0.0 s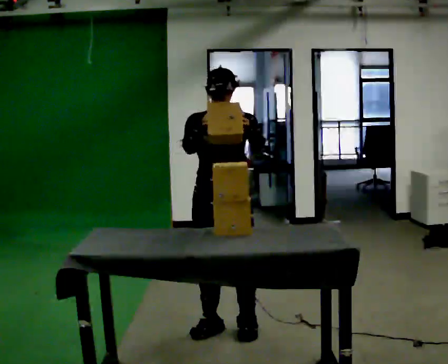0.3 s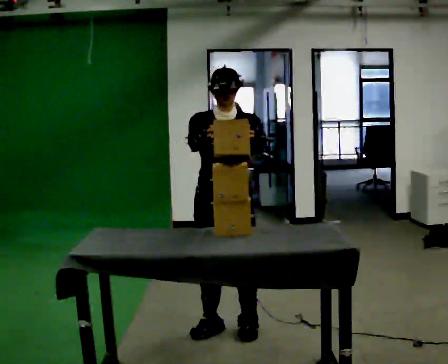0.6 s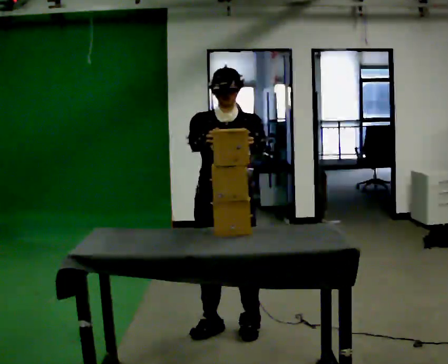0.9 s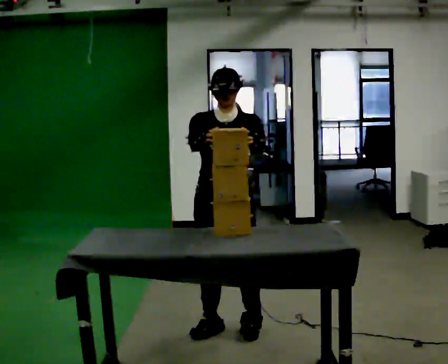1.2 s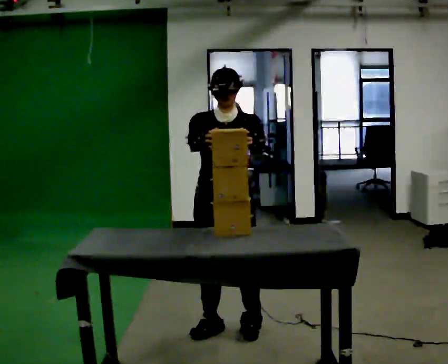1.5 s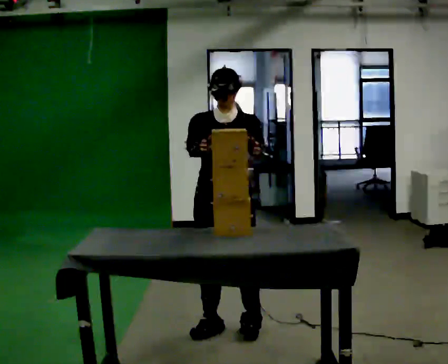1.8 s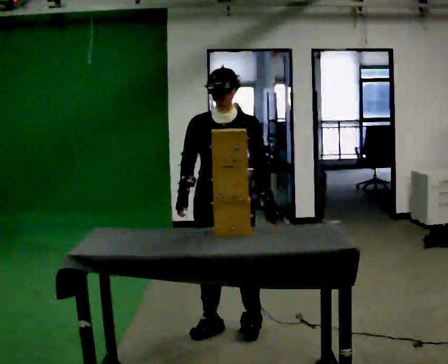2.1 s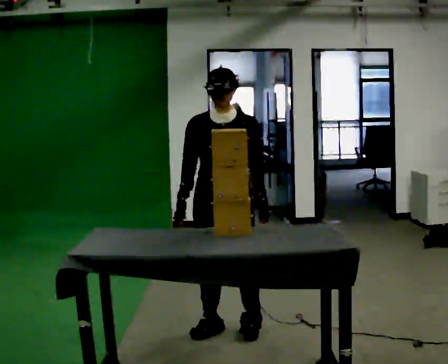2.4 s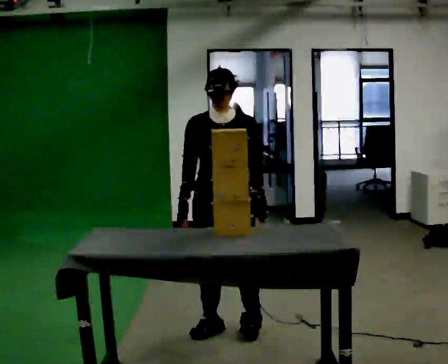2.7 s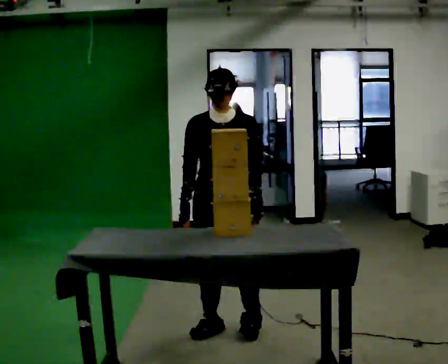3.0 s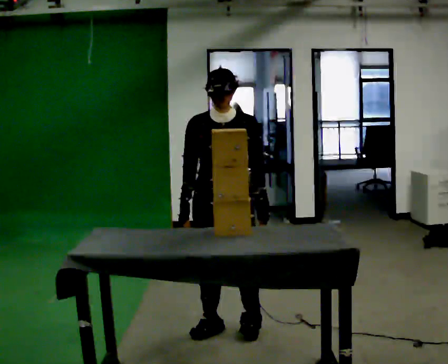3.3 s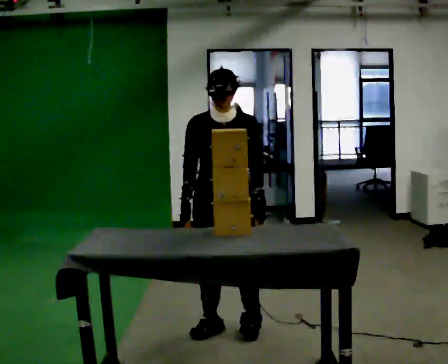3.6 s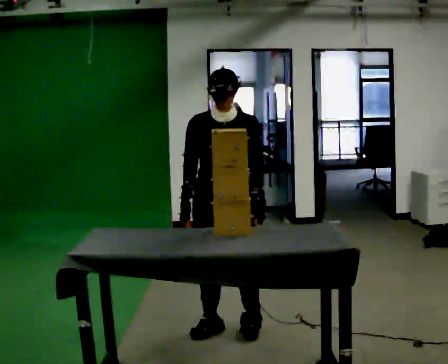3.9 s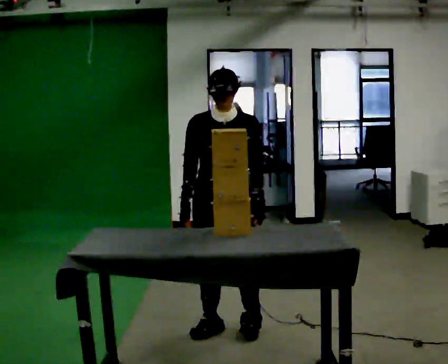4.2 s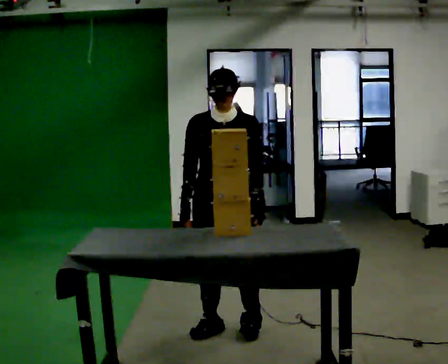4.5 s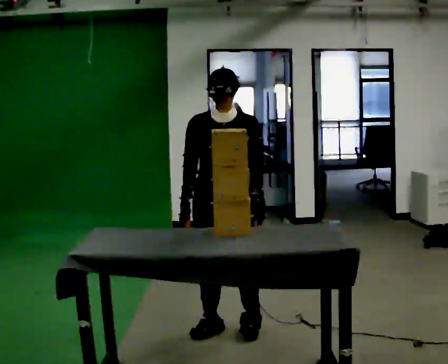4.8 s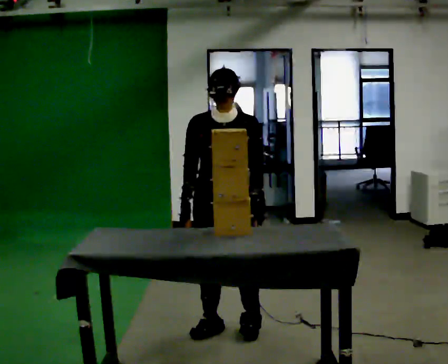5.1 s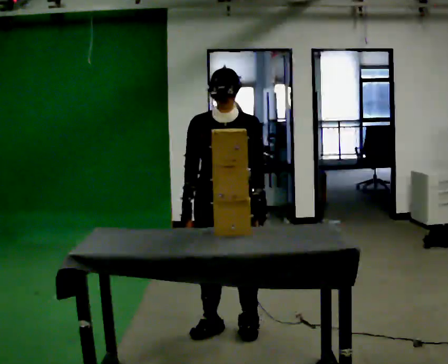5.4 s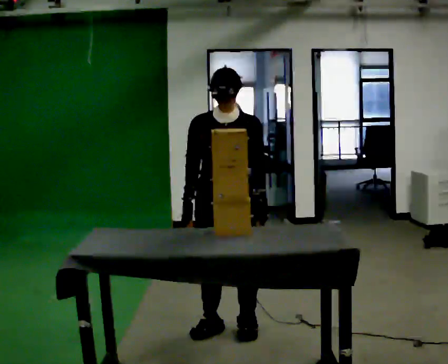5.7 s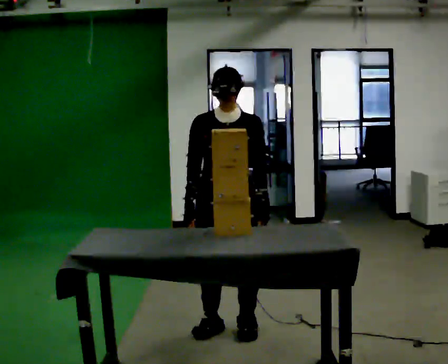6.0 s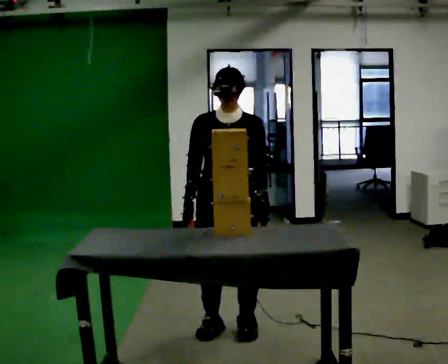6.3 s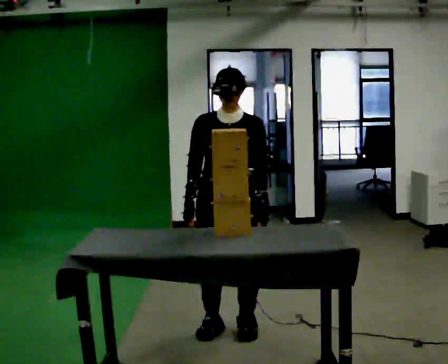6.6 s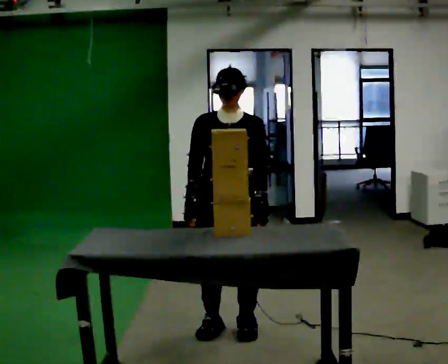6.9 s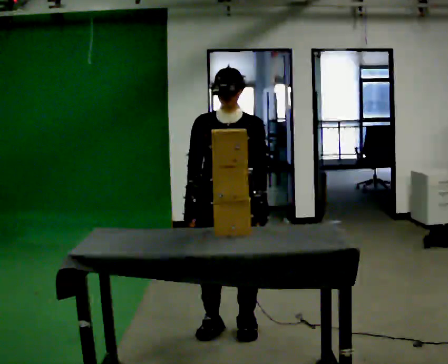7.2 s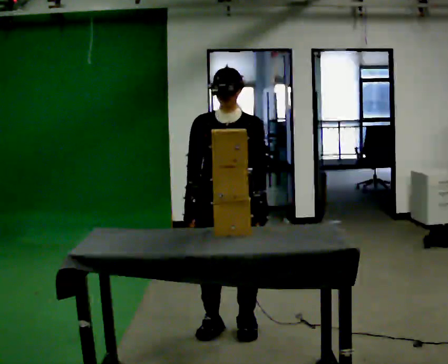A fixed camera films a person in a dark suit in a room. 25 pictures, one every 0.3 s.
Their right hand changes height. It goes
downward.
0.0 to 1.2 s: The person moves a little, or ends about where they began.
1.2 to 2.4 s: In the picture their right hand goes downward.
2.4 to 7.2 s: The person moves a little, or ends about where they began.
The film runs forward here.
